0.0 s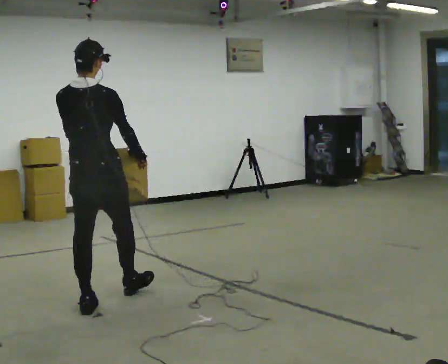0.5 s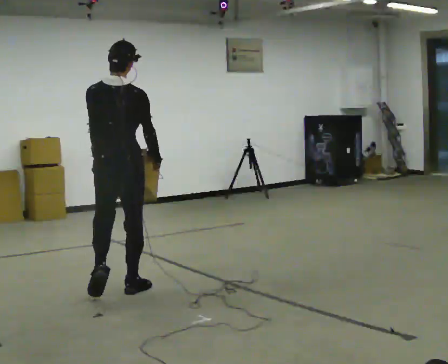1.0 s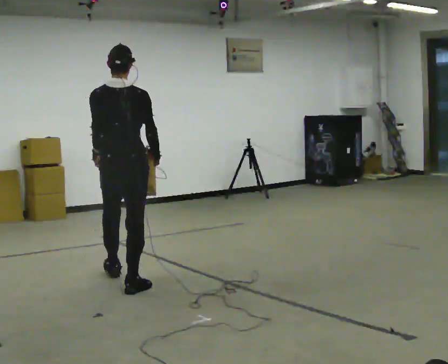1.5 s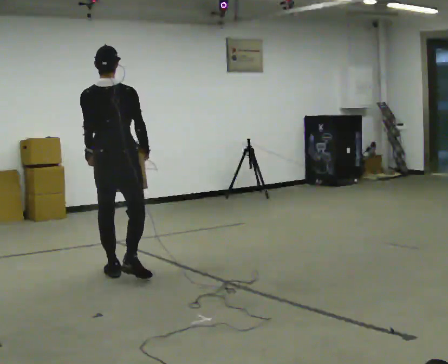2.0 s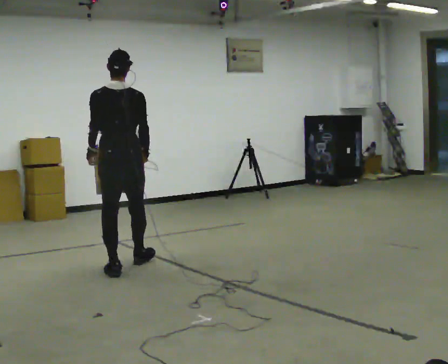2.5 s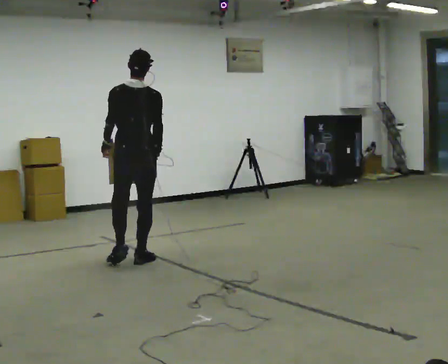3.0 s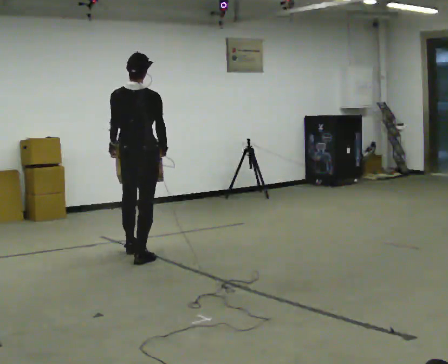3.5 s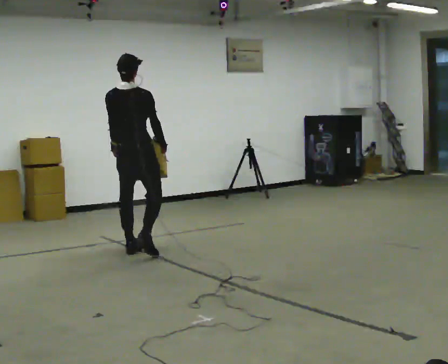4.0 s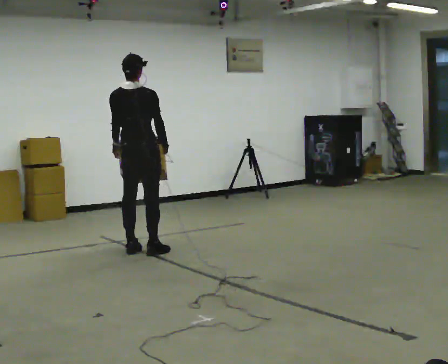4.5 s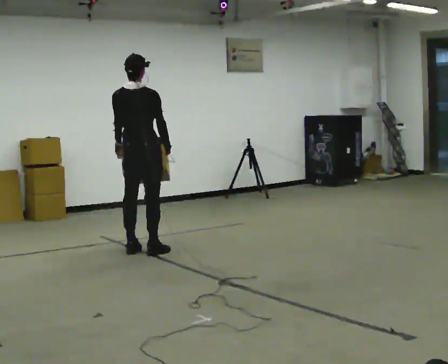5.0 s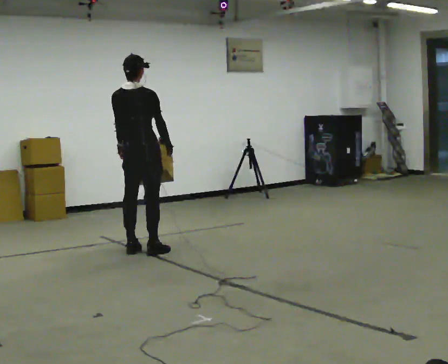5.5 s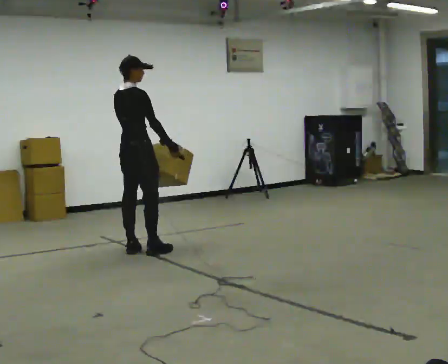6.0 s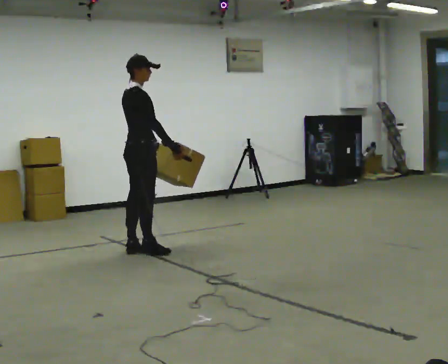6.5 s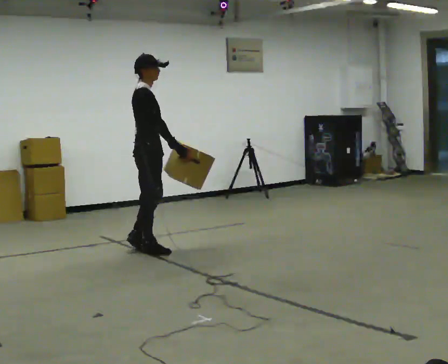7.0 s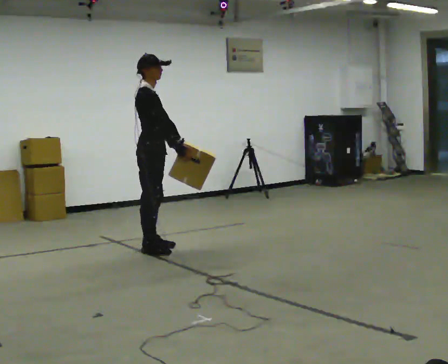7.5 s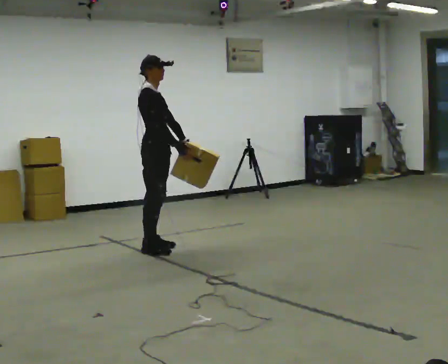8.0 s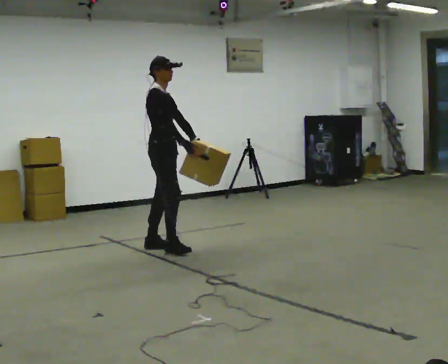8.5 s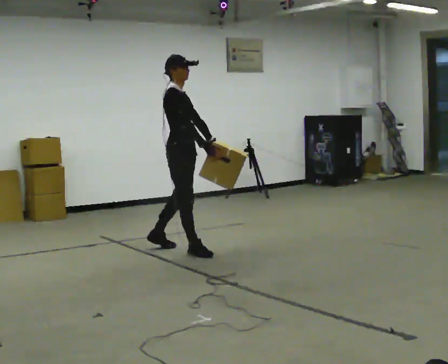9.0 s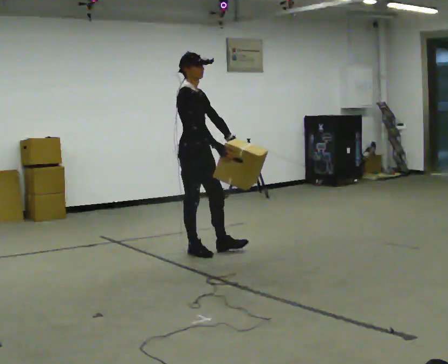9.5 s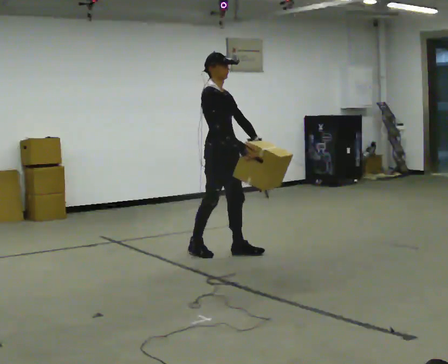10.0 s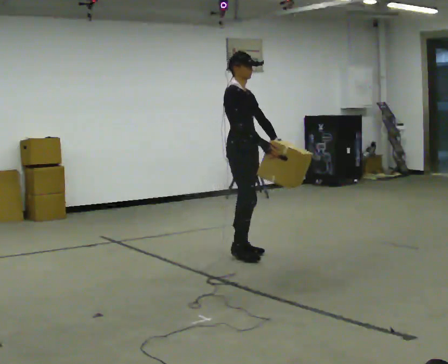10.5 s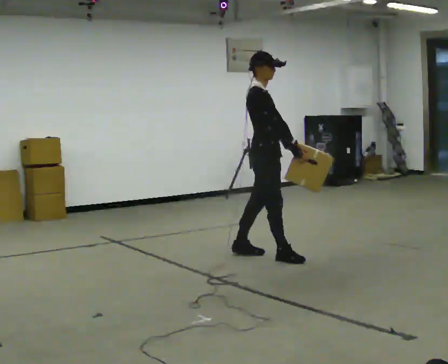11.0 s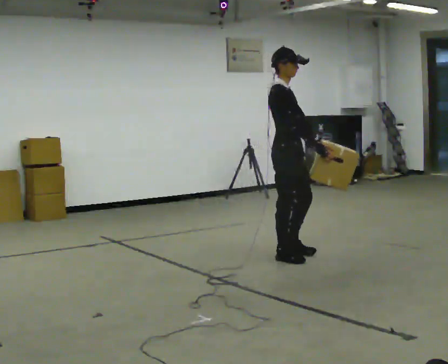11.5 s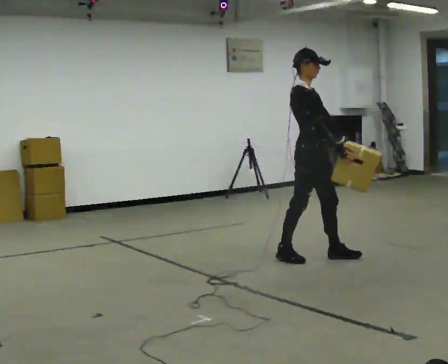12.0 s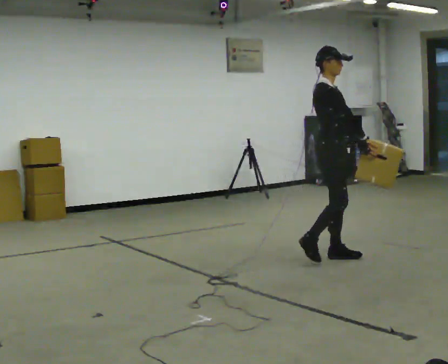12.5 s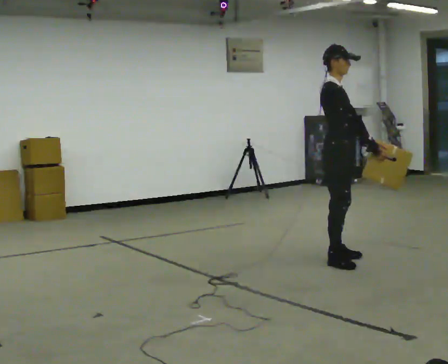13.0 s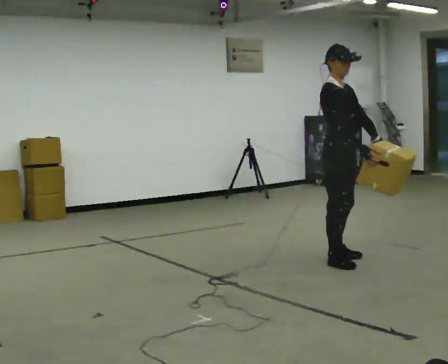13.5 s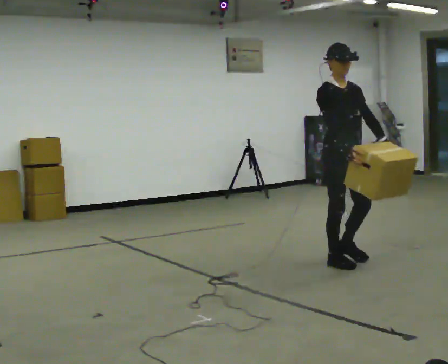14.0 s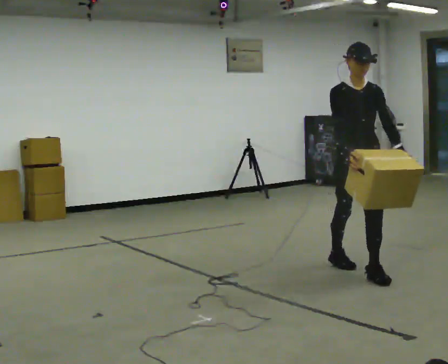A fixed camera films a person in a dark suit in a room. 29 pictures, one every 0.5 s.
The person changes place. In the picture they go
to the right.
0.0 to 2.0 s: In the picture they go away from the camera, about 1 m in 3 steps, which for them is forward.
2.0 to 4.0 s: In the picture they go away from the camera, about 0.5 m in 2 steps, which for them is forward.
4.0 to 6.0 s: The part of the body nearest the lens slides to the left as the person turns to their right by about 60 degrees.
6.0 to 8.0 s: The person turns about 30 degrees to their right, clockwise seen from above, so the part of the body nearest the lens slides to the left. In the picture they go to the right, about 0.25 m in 1 step, which for them is forward. In the picture their left hand goes to the right.
8.0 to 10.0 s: In the picture they go to the right and toward the camera, about 1 m in 2 steps, which for them is forward.
10.0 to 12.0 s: In the picture they go to the right and toward the camera, about 1 m in 2 steps, which for them is forward.
12.0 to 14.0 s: The part of the body nearest the lens slides to the left as the person turns to their right by about 60 degrees. In the picture they go toward the camera, about 0.5 m in 2 steps, which for them is forward and to their right.
The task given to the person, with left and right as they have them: Carry the heaviest box in both hands in front of you, walking back and forth across the room. Only carry what is comfortable. Set it down whenever you need to.
The film runs forward here.
